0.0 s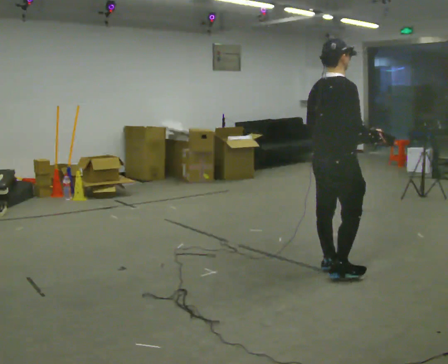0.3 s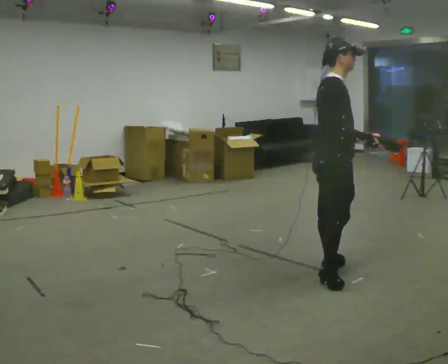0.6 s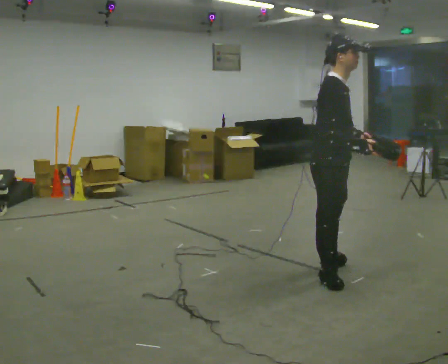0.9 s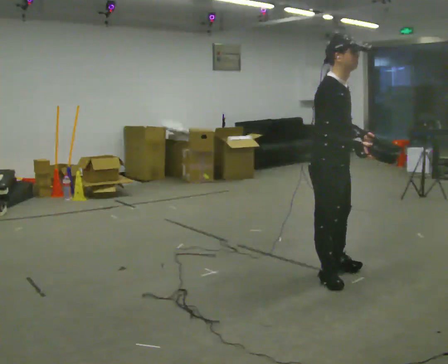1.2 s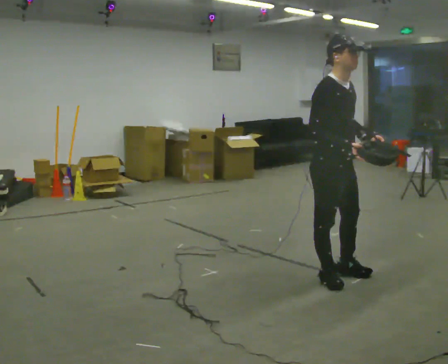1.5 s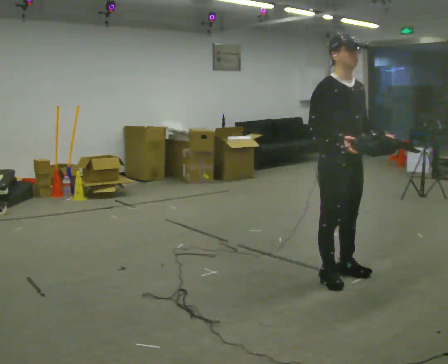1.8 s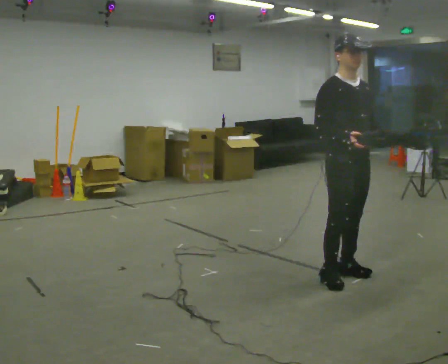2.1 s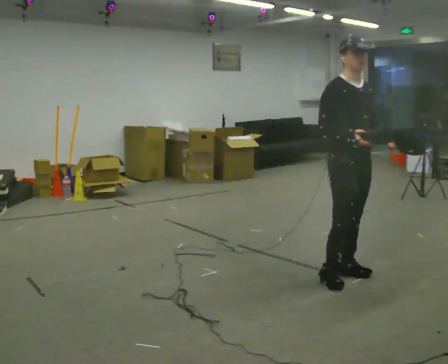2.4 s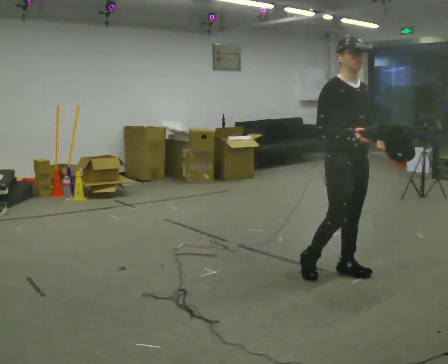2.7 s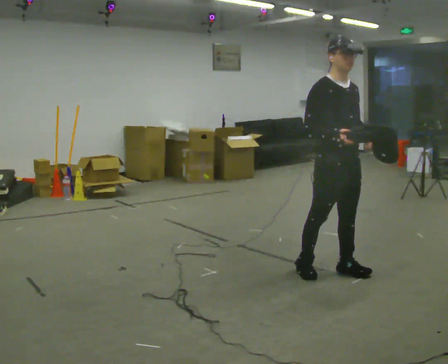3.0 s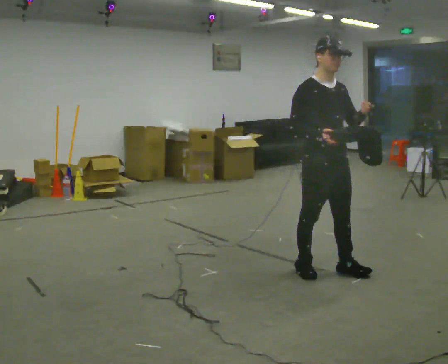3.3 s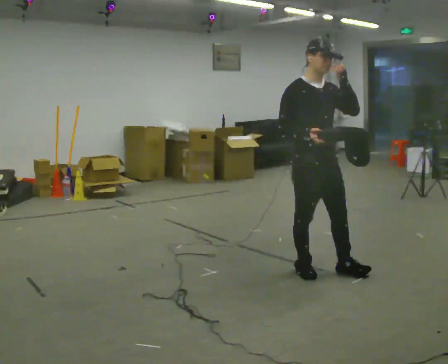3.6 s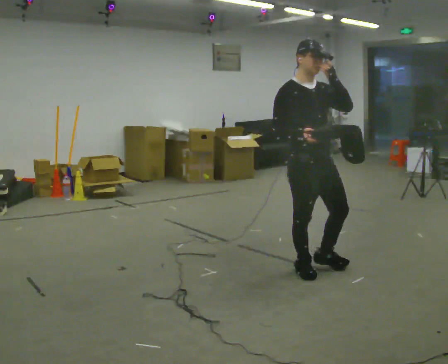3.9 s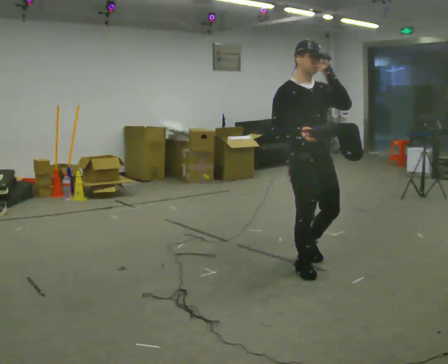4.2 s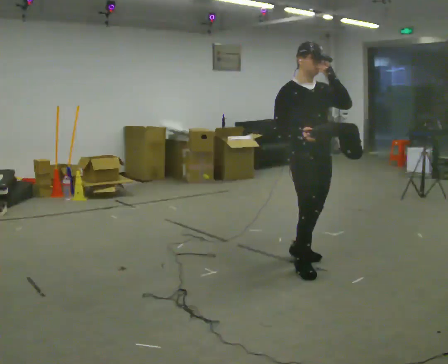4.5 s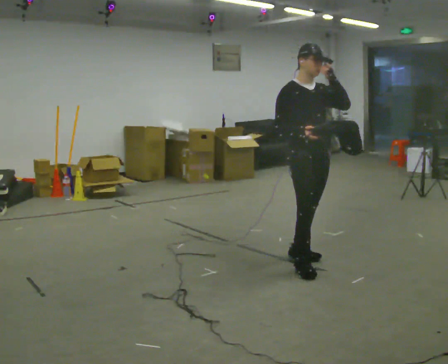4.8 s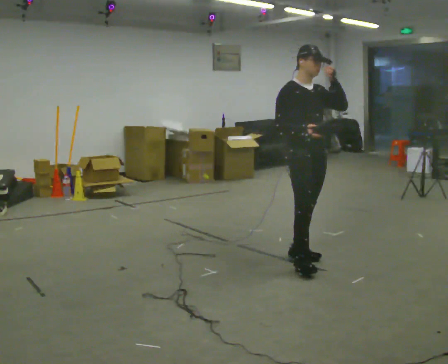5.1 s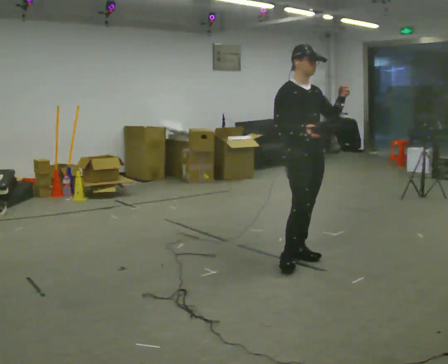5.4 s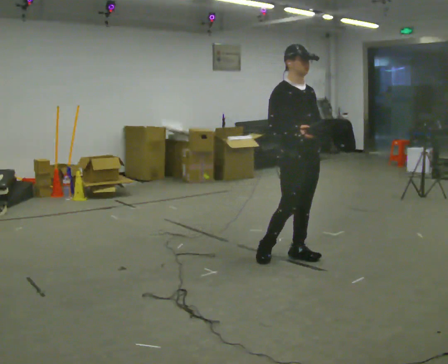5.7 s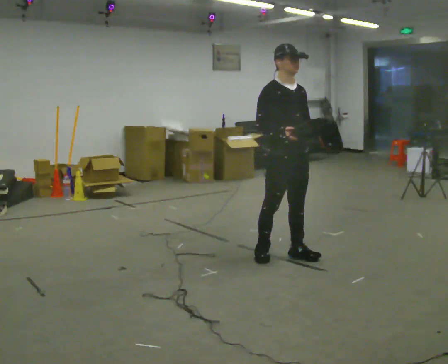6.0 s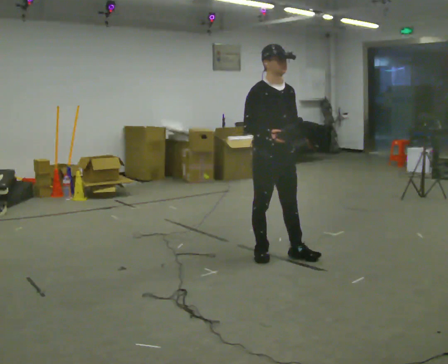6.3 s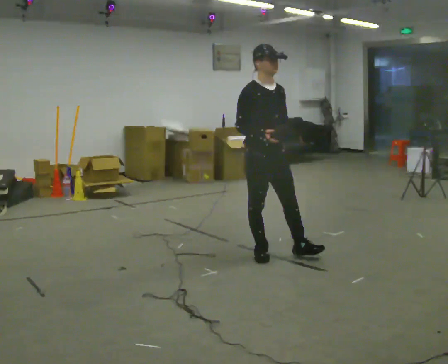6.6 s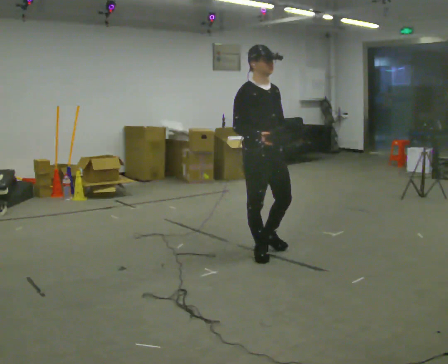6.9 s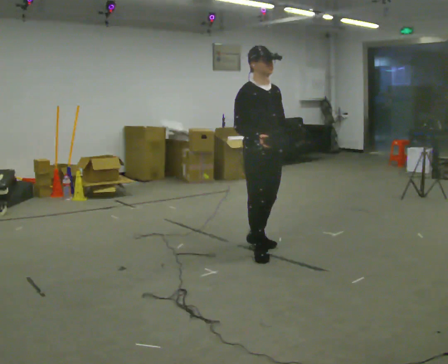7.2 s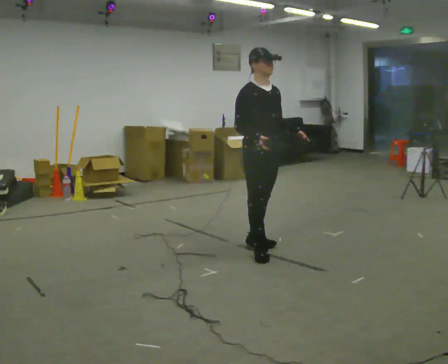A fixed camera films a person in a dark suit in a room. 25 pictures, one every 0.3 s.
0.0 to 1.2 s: The part of the body nearest the lens slides to the left as the person turns to their right by about 75 degrees. In the picture they go toward the camera, about 0.25 m.
1.2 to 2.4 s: The person moves a little, or ends about where they began.
2.4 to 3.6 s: In the picture they go to the left, about 0.25 m in 1 step, which for them is to their right and backward. In the picture their left hand goes upward.
3.6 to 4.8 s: In the picture they go away from the camera, about 0.25 m, which for them is backward and to their left.
4.8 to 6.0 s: In the picture they go to the left, about 0.25 m in 1 step, which for them is backward and to their right. In the picture their left hand goes downward.
6.0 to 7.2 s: In the picture they go away from the camera, about 0.25 m in 1 step, which for them is backward.
The film runs backward here.
